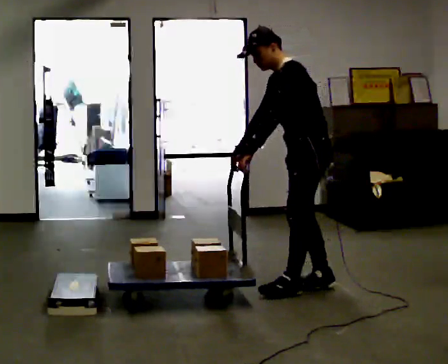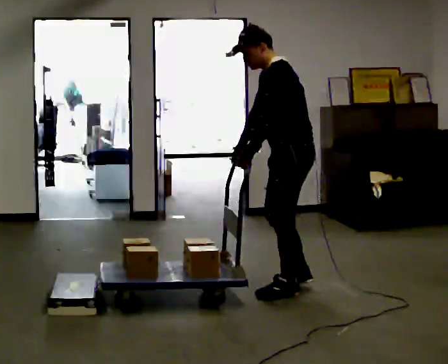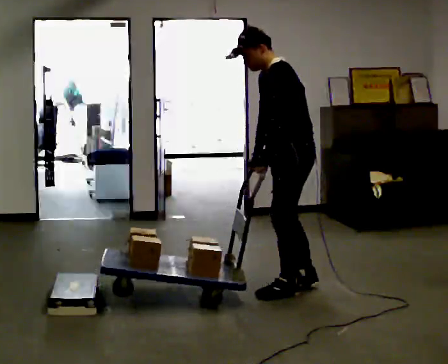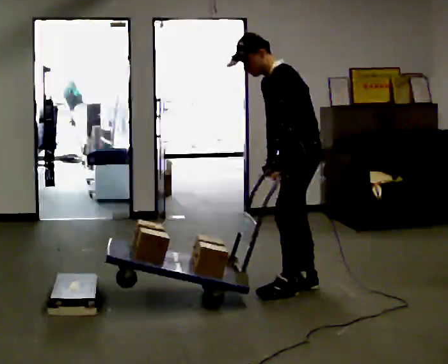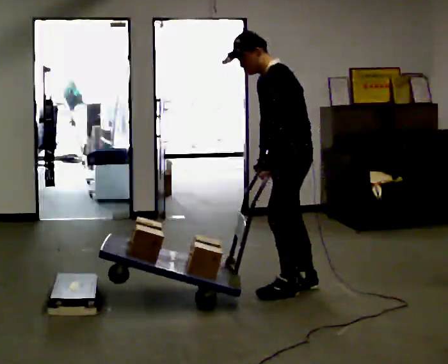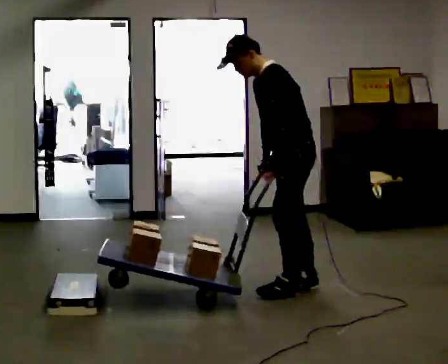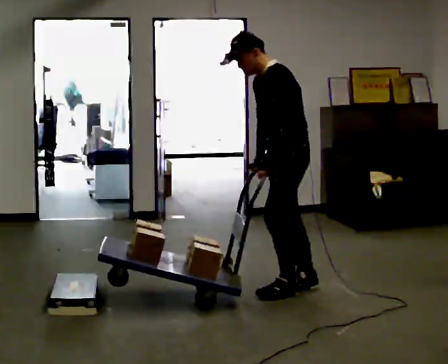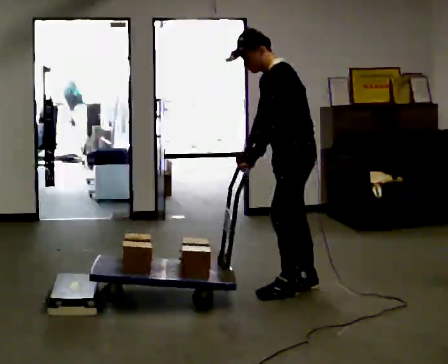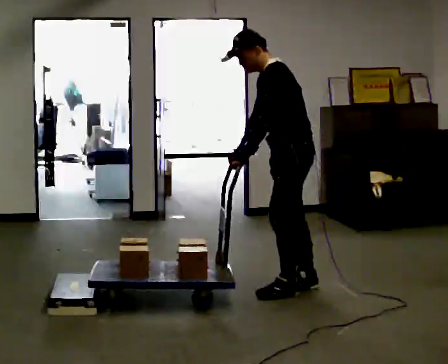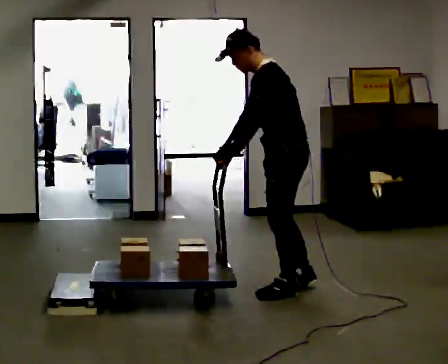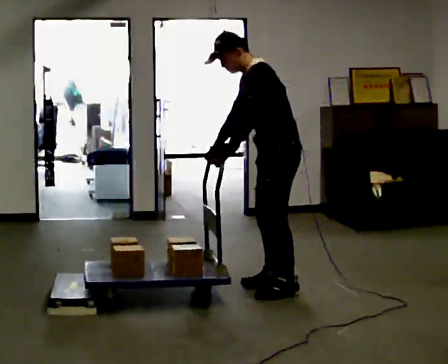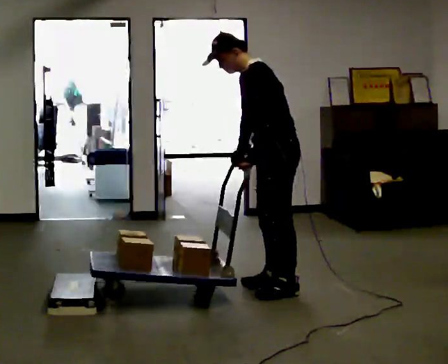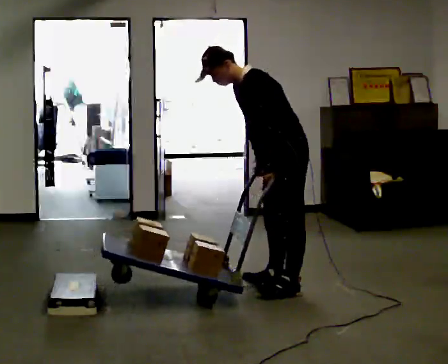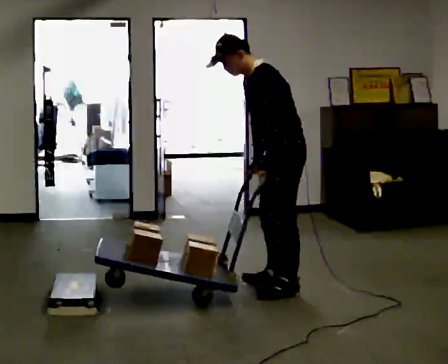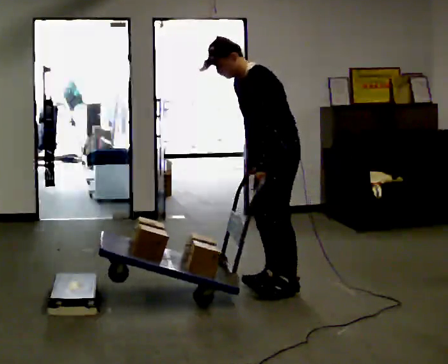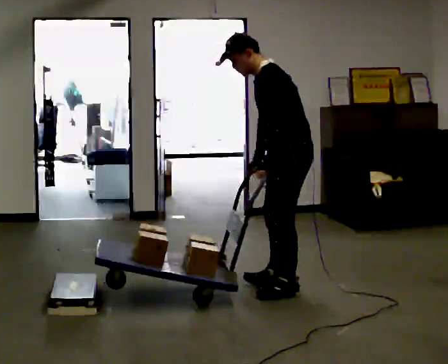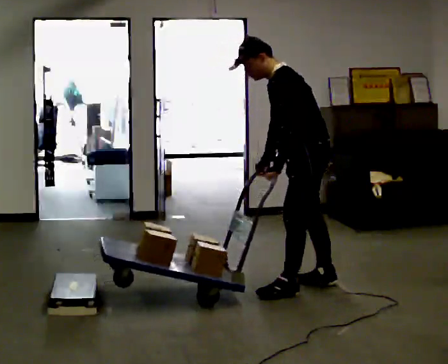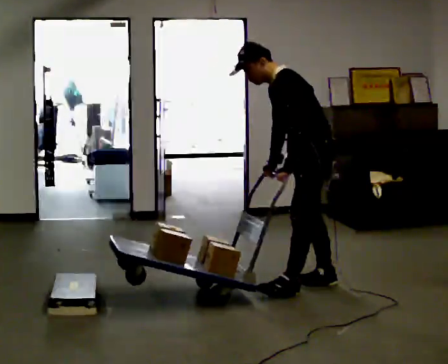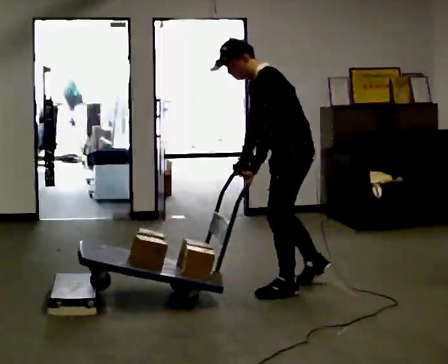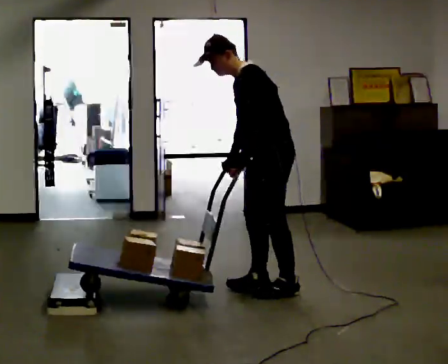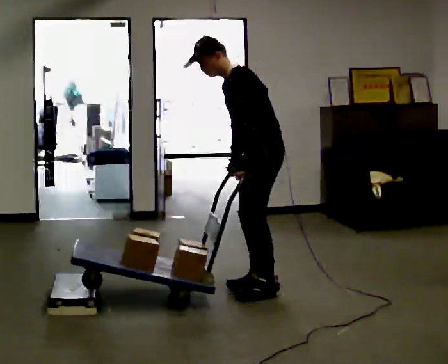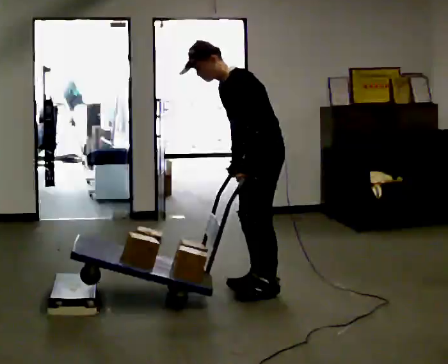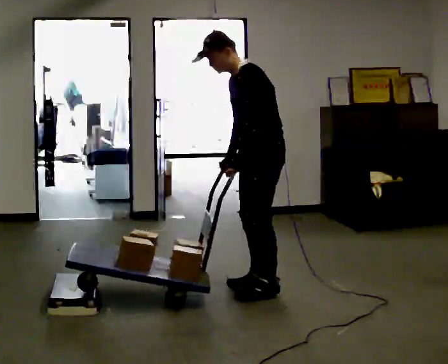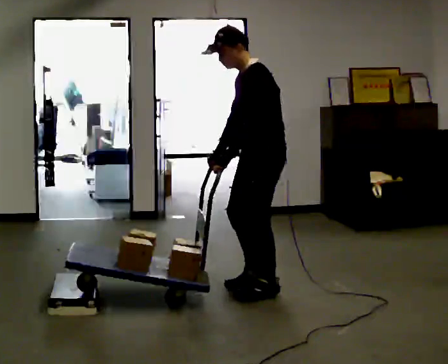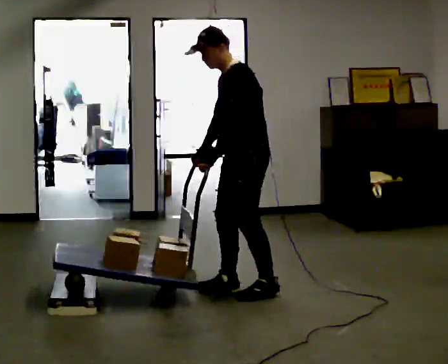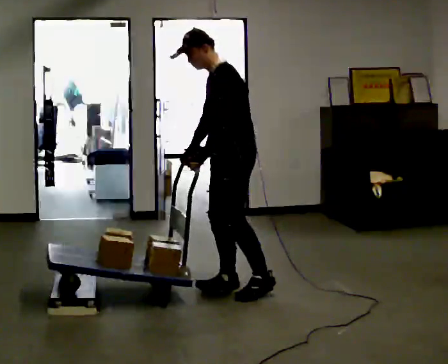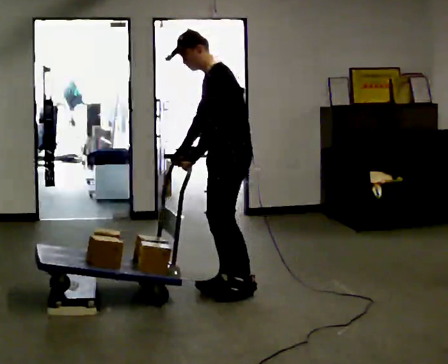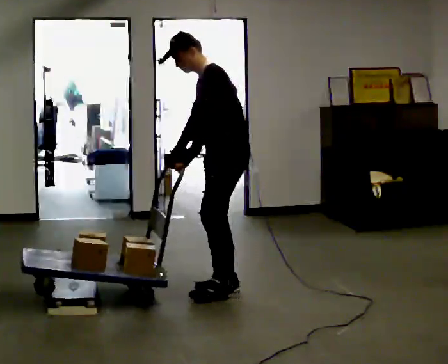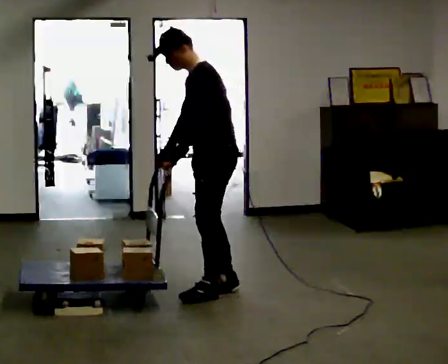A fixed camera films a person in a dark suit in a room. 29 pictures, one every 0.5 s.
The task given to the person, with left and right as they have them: Push the cart up over the low platform edge and down the other side, then bring it back over.
0.0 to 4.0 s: The person moves a little, or ends about where they began.
4.0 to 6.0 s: In the picture the upper body tilts counterclockwise, shoulders to the left, as they bend forward.
6.0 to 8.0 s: In the picture they go to the right, about 0.25 m in 1 step, which for them is backward.
8.0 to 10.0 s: In the picture they go to the left, about 0.25 m in 1 step, which for them is forward.
10.0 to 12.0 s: The person moves a little, or ends about where they began.
12.0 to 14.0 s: In the picture they go to the left, about 0.25 m in 1 step, which for them is forward.
The film runs forward here.
